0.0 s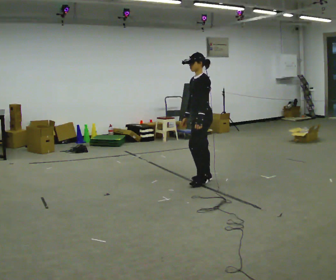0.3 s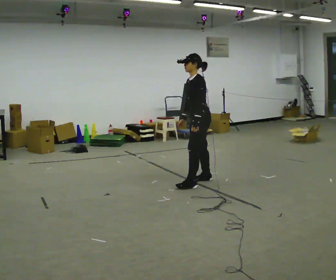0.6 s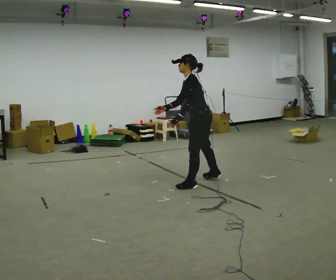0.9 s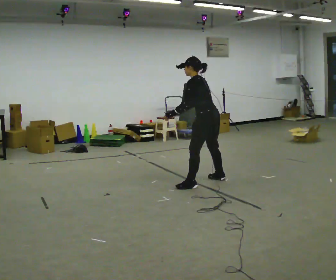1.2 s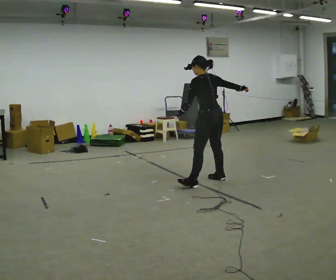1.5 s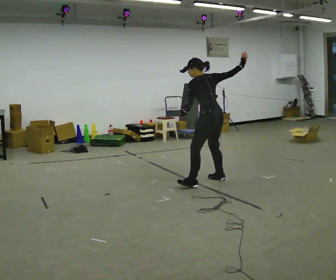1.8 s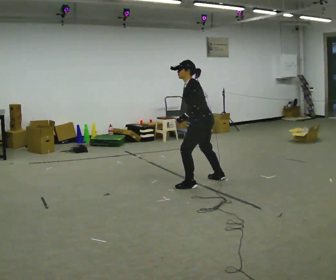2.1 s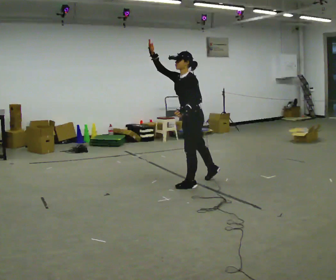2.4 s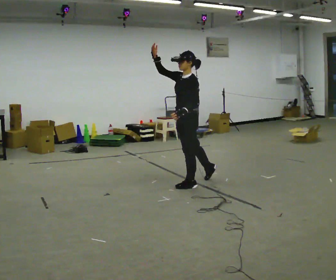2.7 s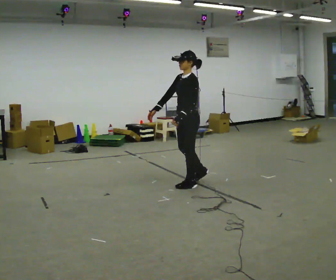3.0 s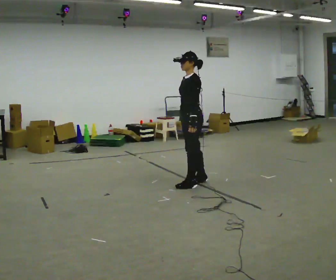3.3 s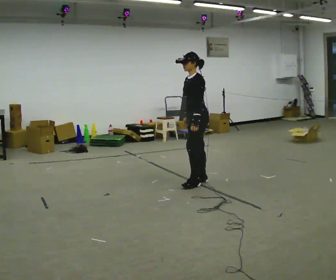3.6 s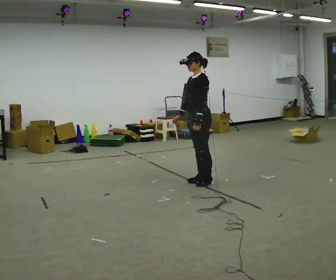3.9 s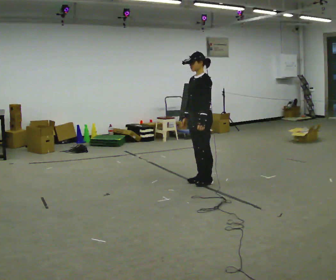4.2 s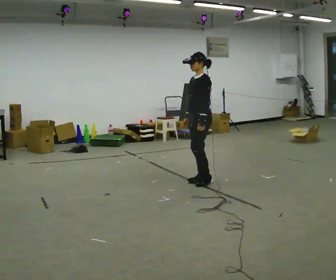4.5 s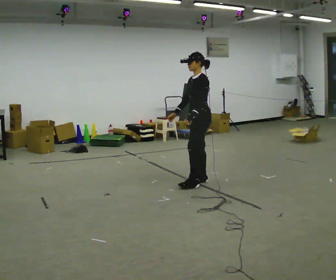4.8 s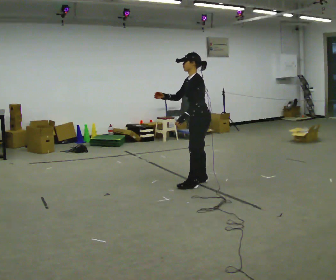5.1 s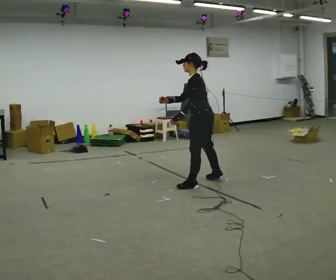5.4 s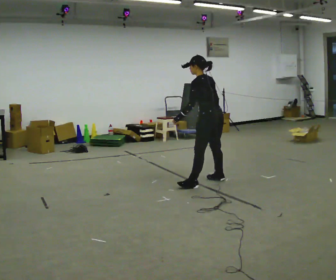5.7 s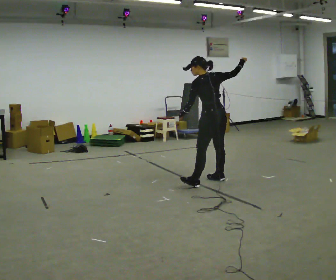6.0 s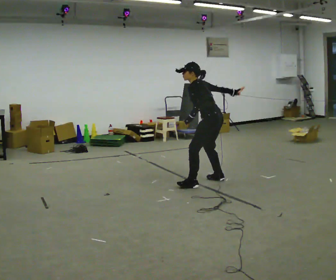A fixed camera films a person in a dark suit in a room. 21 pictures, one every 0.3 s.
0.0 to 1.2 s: The person turns about 60 degrees to their right, clockwise seen from above, so the part of the body nearest the lens slides to the left. In the picture their right hand goes to the right and upward.
1.2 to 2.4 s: The person turns about 60 degrees to their left, counterclockwise seen from above, so the part of the body nearest the lens slides to the right. In the picture they go to the left and toward the camera, about 0.25 m. In the picture their right hand goes upward.
2.4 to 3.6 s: In the picture they go away from the camera, about 0.25 m in 2 steps, which for them is backward. In the picture their right hand goes downward, the arm swinging counterclockwise.
3.6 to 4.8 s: The person moves a little, or ends about where they began.
4.8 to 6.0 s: The part of the body nearest the lens slides to the left as the person turns to their right by about 30 degrees. In the picture they go to the right, about 0.25 m in 1 step, which for them is to their right. In the picture the upper body tilts counterclockwise, shoulders to the left. In the picture their right hand goes to the right.
The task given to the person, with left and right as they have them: Mime a bowling delivery with no ball: approach in place, swing down and release. Repeat the movement at your own pace until the operator says stop; do not rush.
The film runs forward here.
